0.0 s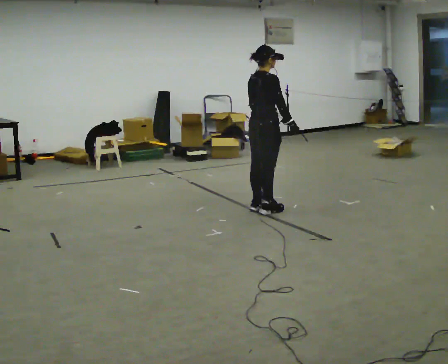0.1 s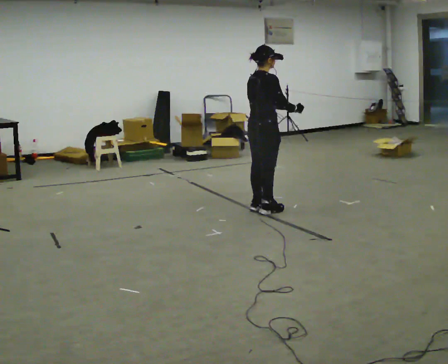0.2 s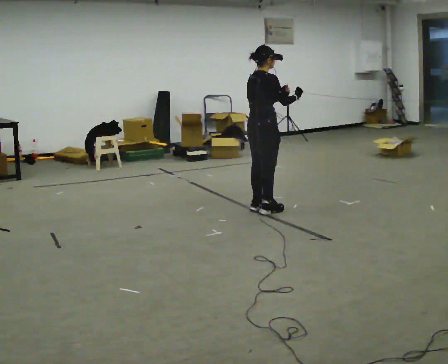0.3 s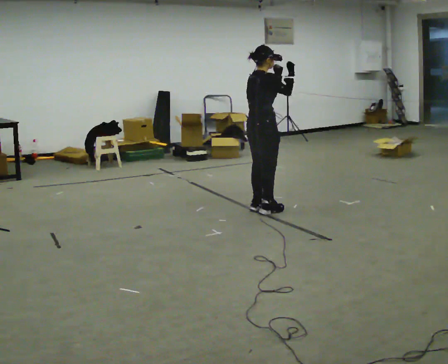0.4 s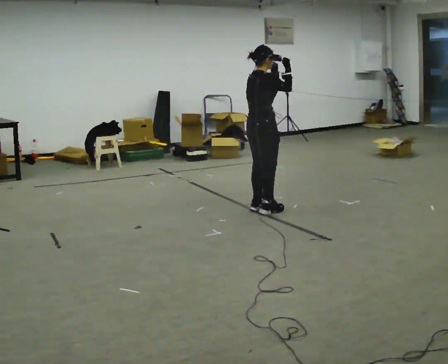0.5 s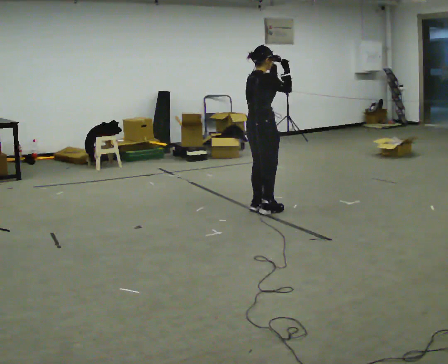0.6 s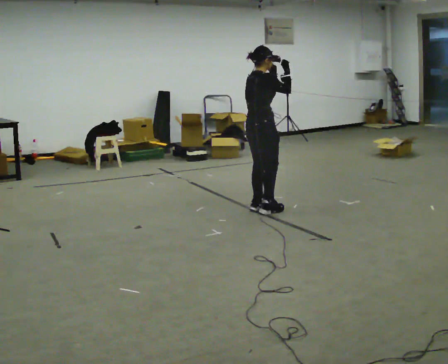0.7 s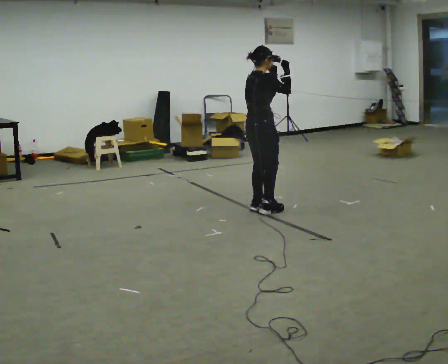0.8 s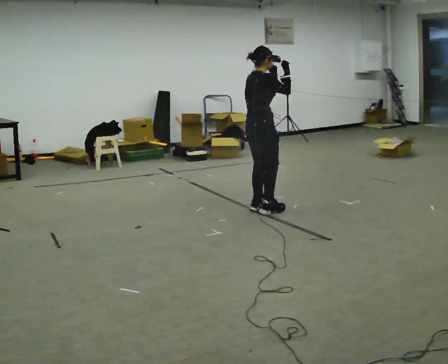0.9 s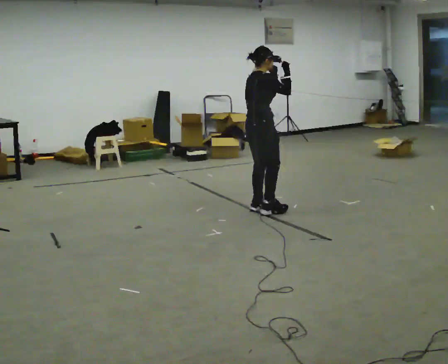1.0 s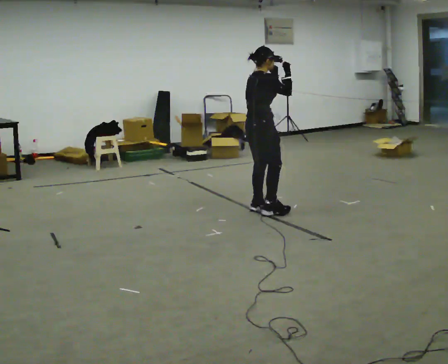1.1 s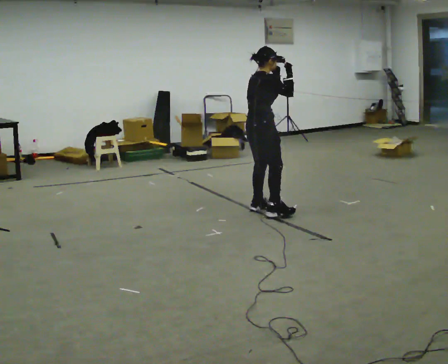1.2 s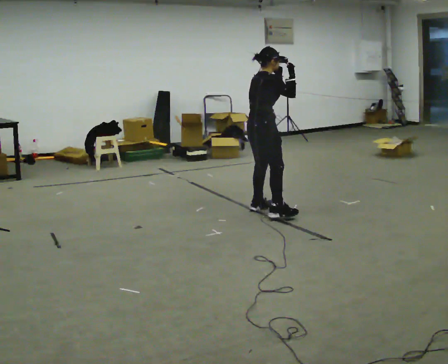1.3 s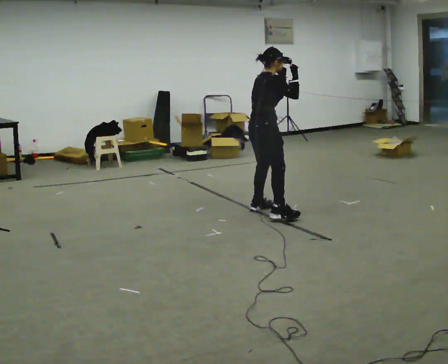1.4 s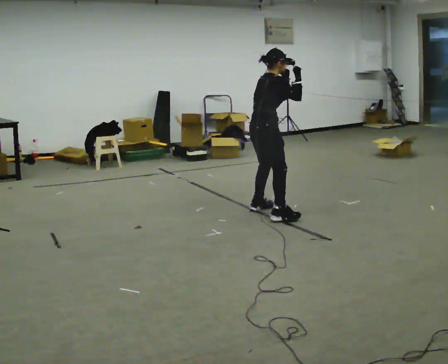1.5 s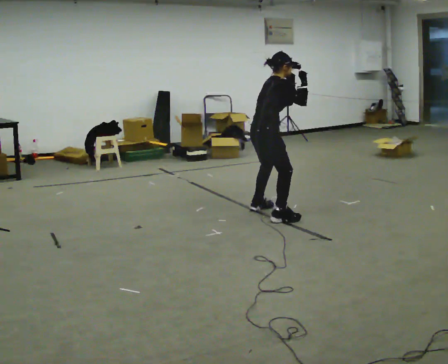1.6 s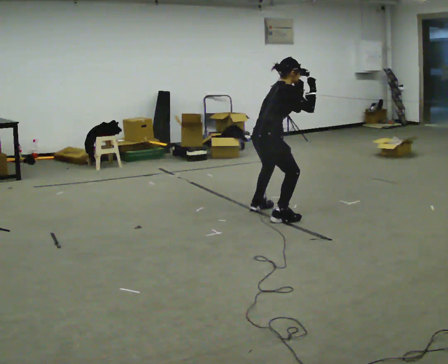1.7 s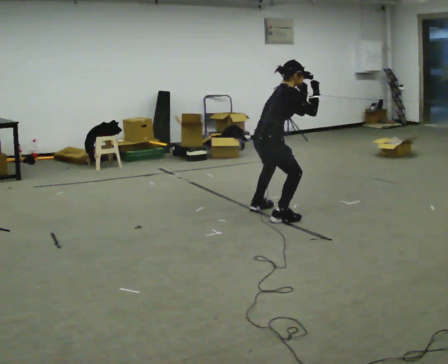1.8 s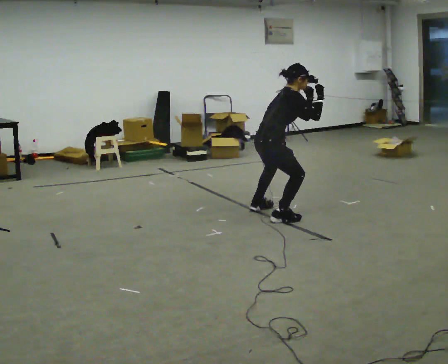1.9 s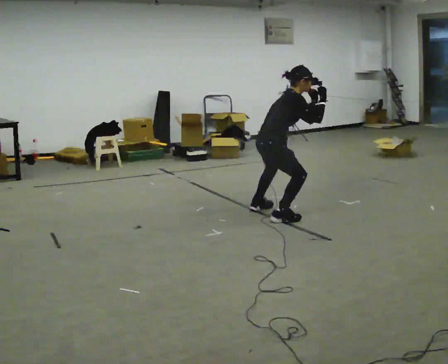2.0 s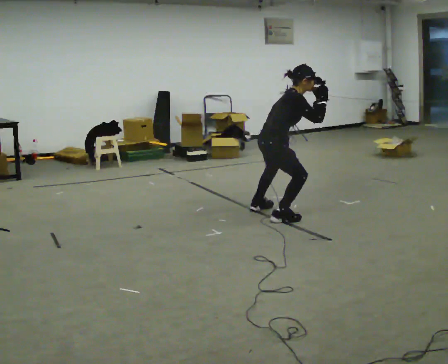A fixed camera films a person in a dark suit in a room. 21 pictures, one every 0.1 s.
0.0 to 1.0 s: In the picture their right hand goes upward.
1.0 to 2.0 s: The person turns about 30 degrees to their right, clockwise seen from above, so the part of the body nearest the lens slides to the left. In the picture they go toward the camera, about 0.25 m in 1 step, which for them is to their right. In the picture the upper body tilts clockwise, shoulders to the right, as they bend forward.
The film runs forward here.
